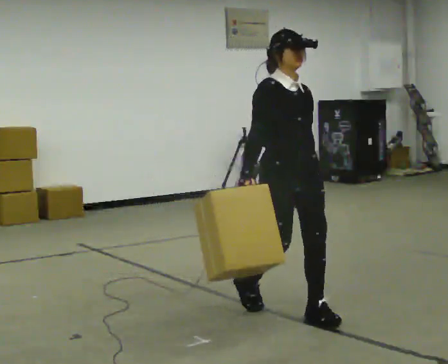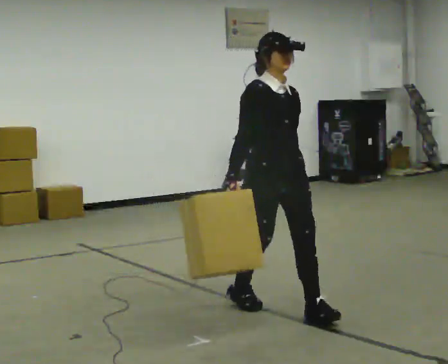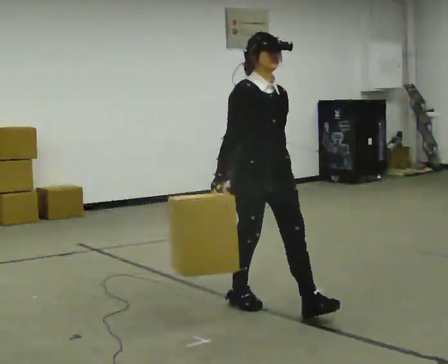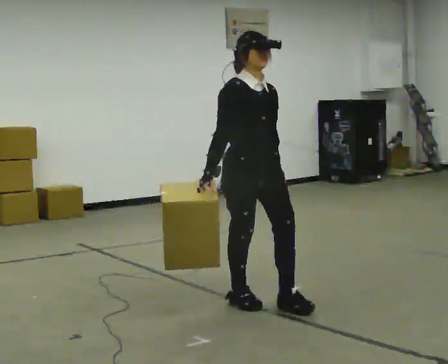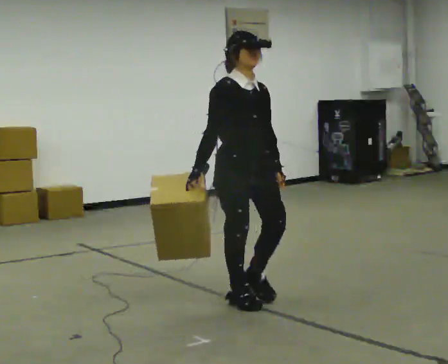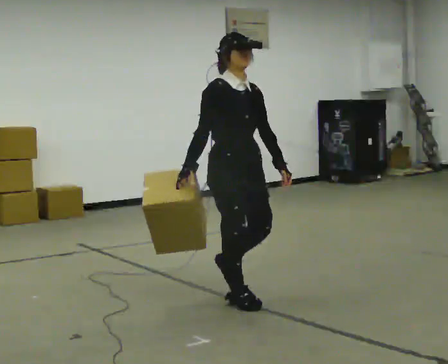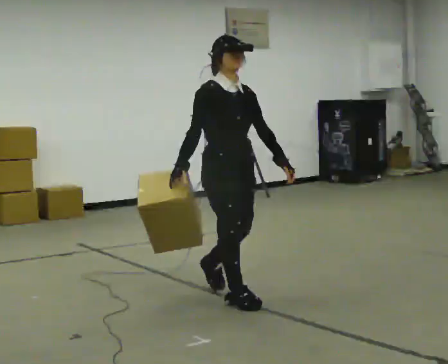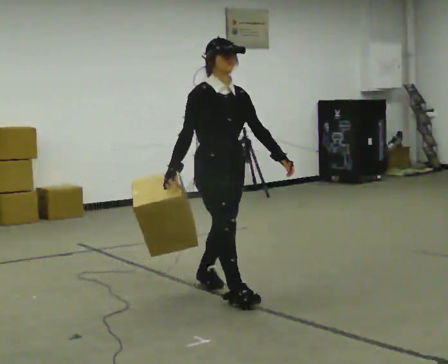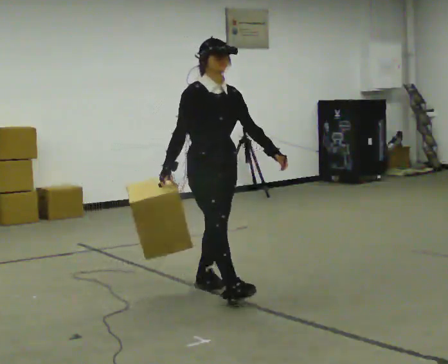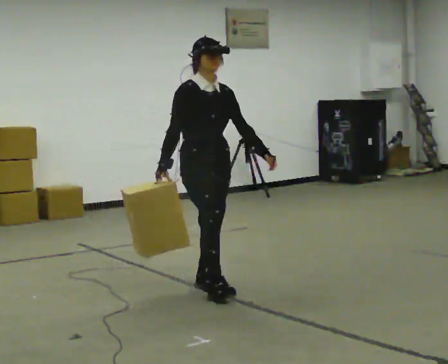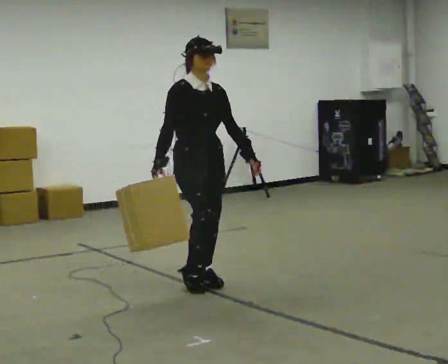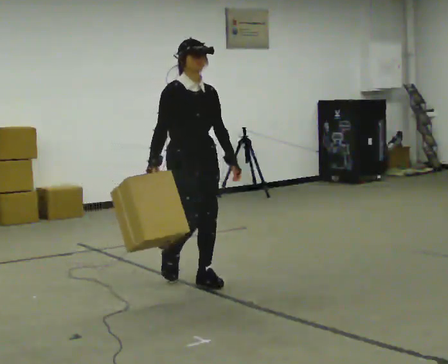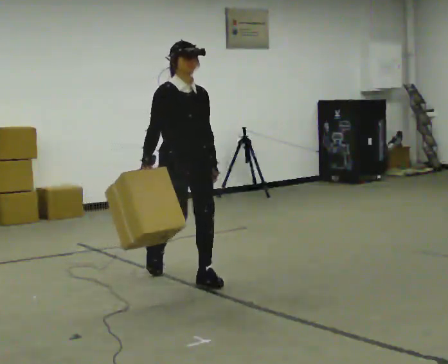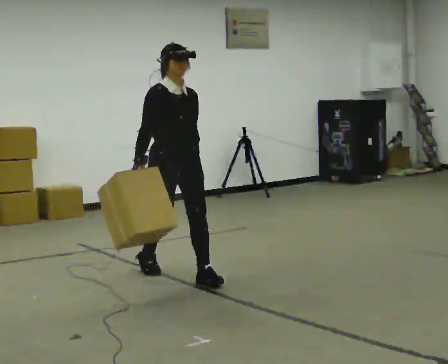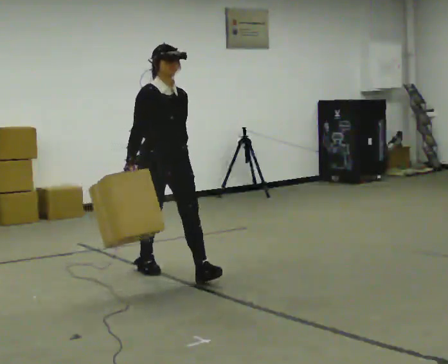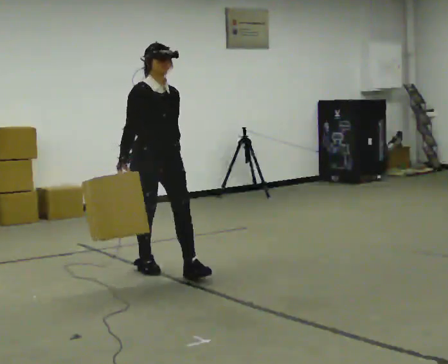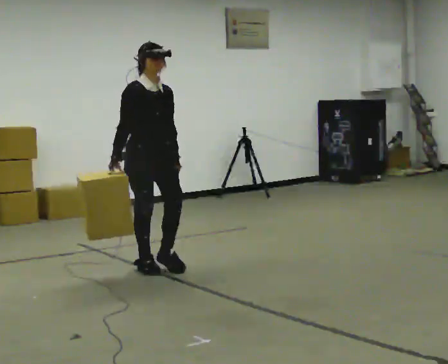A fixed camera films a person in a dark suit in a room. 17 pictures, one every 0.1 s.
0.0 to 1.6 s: In the picture they go away from the camera and to the left, about 1.5 m in 3 steps, which for them is backward.
The film runs backward here.
